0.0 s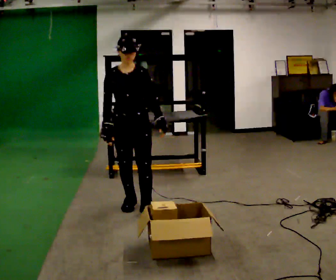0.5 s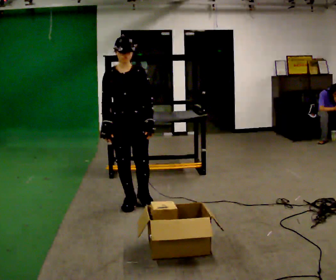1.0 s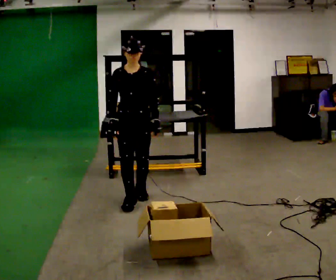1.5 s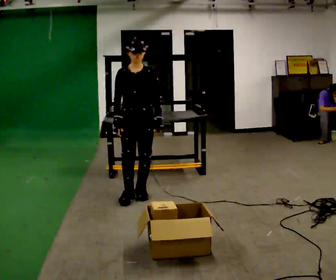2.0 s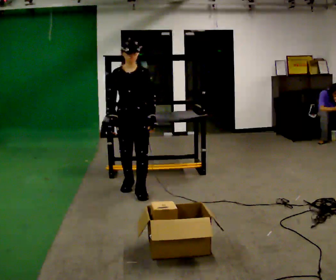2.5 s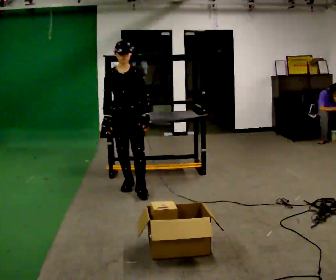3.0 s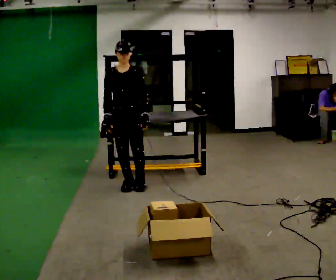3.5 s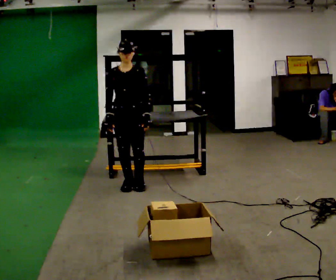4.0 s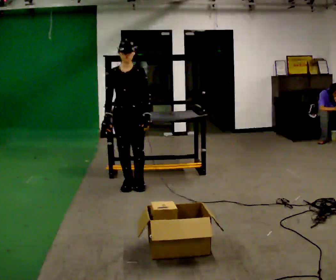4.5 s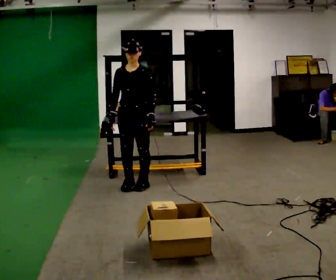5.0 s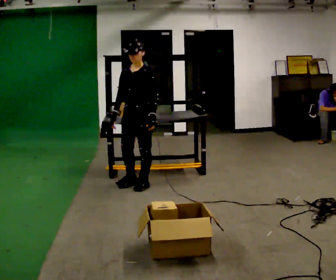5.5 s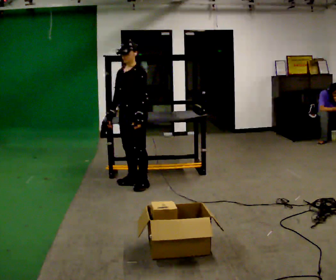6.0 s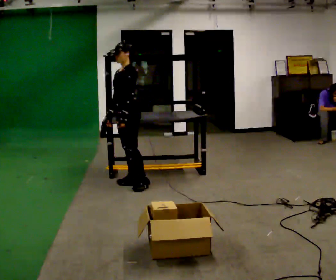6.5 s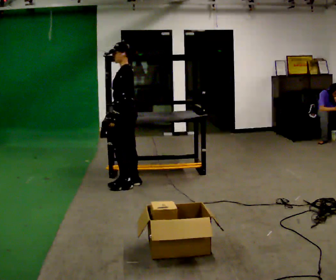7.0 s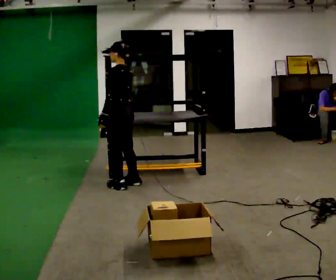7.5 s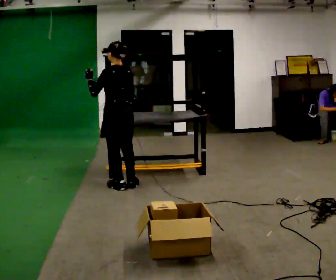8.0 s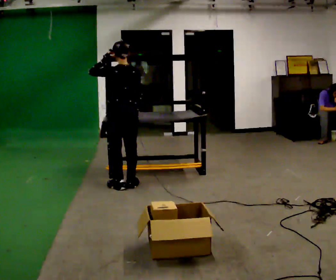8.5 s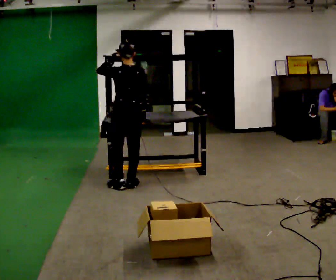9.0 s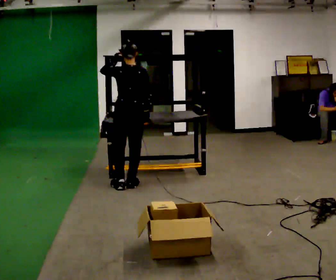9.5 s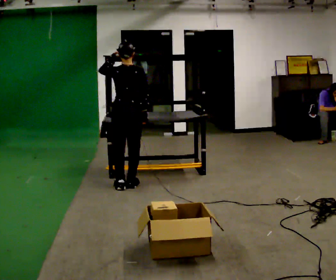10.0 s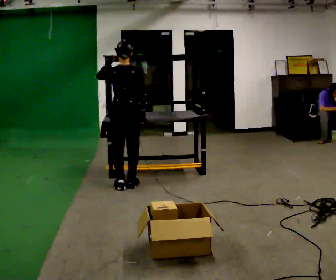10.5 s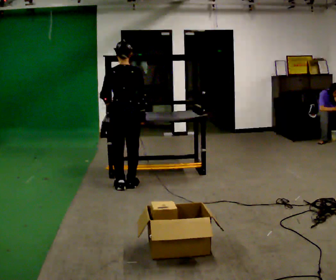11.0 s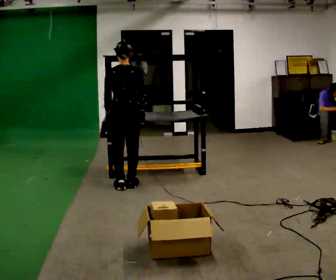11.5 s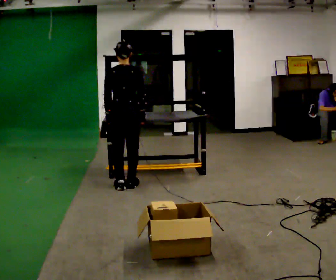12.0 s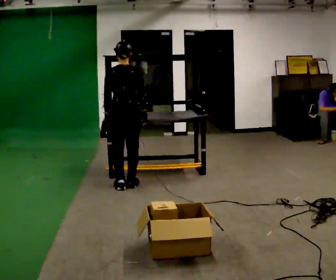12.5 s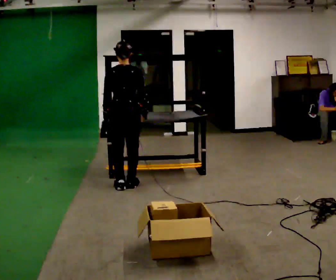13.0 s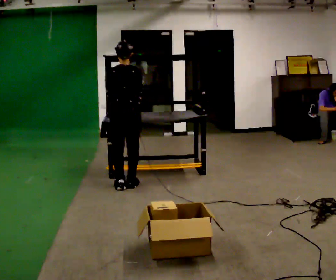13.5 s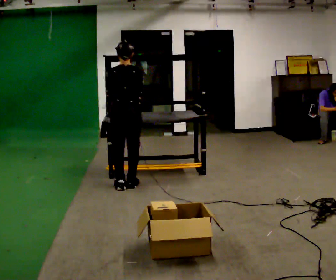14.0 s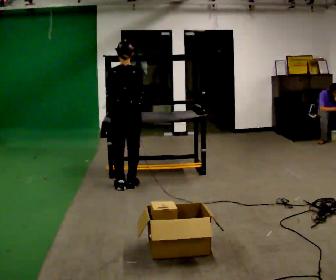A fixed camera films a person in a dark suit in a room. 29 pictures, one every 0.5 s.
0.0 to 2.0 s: In the picture they go away from the camera, about 0.5 m in 2 steps, which for them is backward.
2.0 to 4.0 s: In the picture they go away from the camera, about 0.25 m in 1 step, which for them is backward.
4.0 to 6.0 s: Seen from above the body turns clockwise, about 60 degrees: to their right, with its near side sliding to the left.
6.0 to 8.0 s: Seen from above the body turns clockwise, about 90 degrees: to their right, with its near side sliding to the left. In the picture their left hand goes upward.
8.0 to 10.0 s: The person moves a little, or ends about where they began.
10.0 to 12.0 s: In the picture their left hand goes downward.
12.0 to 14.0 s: The person moves a little, or ends about where they began.
The film runs backward here.
